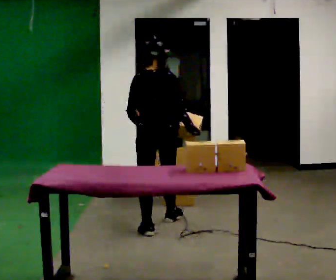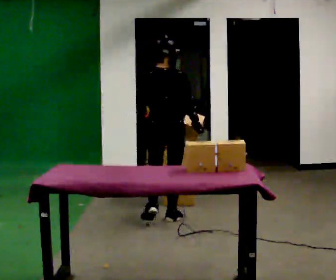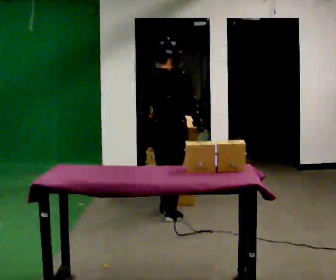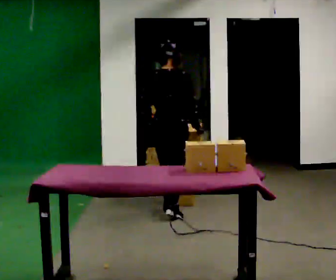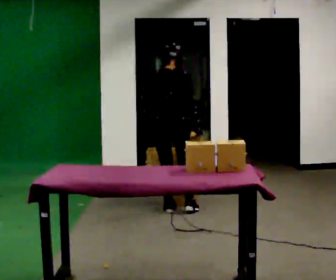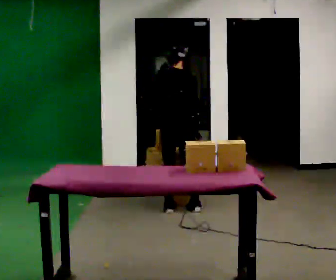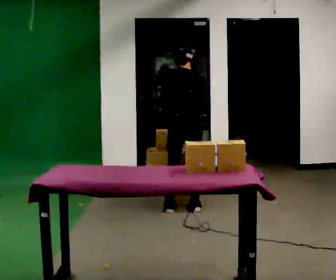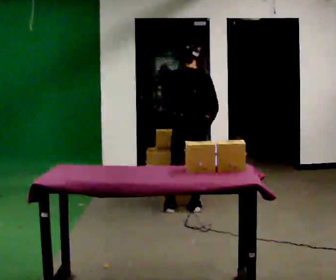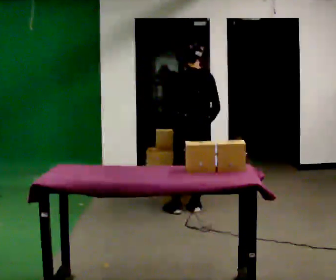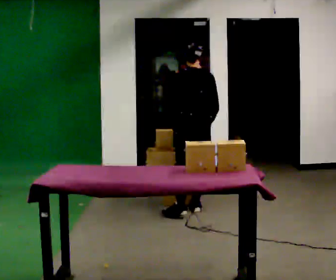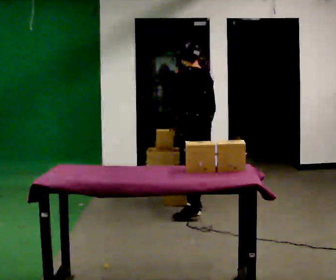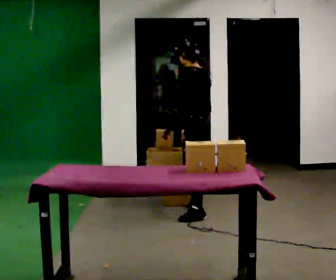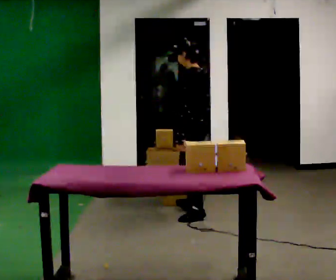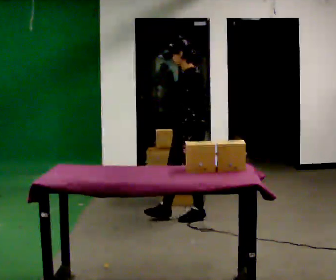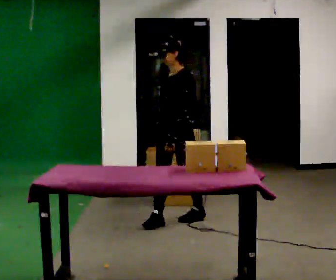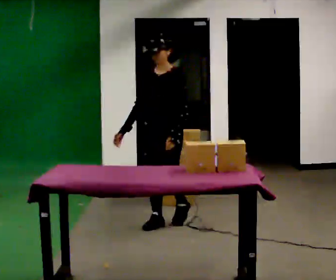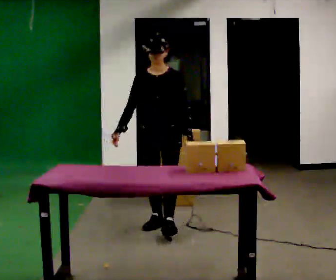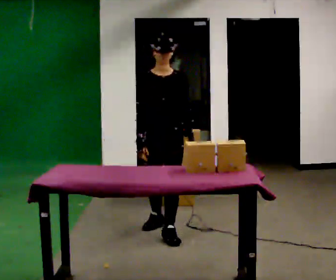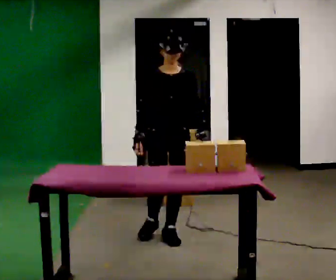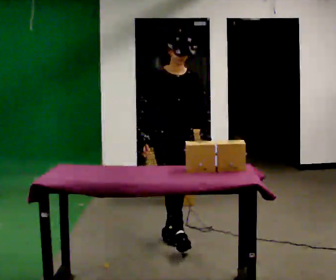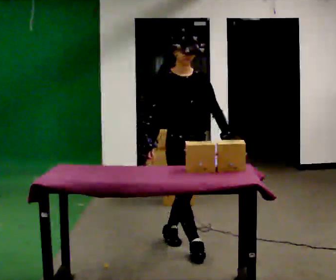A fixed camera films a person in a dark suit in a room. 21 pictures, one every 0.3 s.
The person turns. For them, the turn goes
to their left.
The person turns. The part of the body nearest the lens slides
to the right.
0.0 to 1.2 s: In the picture they go away from the camera, about 0.5 m in 1 step, which for them is forward.
1.2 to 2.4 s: The person turns about 30 degrees to their left, counterclockwise seen from above, so the part of the body nearest the lens slides to the right. In the picture they go to the right, about 0.25 m in 1 step, which for them is to their right.
2.4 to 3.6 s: Seen from above the body turns counterclockwise, about 60 degrees: to their left, with its near side sliding to the right. In the picture they go toward the camera, about 0.25 m in 1 step, which for them is backward and to their left.
3.6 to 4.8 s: The part of the body nearest the lens slides to the right as the person turns to their left by about 105 degrees. In the picture they go toward the camera and to the left, about 0.5 m in 1 step.
4.8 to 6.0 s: Seen from above the body turns counterclockwise, about 30 degrees: to their left, with its near side sliding to the right. In the picture they go toward the camera and to the right, about 0.5 m in 2 steps, which for them is forward.
The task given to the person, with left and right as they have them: Carry the box over and put it on the shelf with the label facing out towards you. Get the orientation right, not just the position. Keep going until the operator says stop; one object at a time, and do not rush between trips.
The film runs forward here.
